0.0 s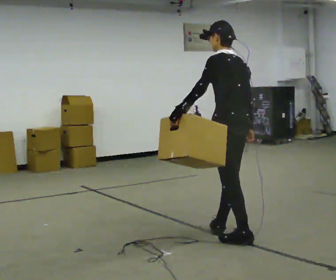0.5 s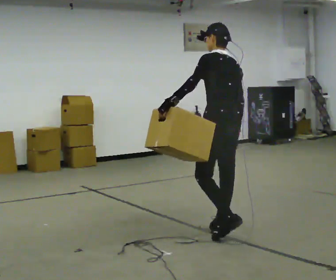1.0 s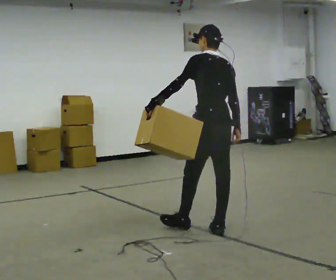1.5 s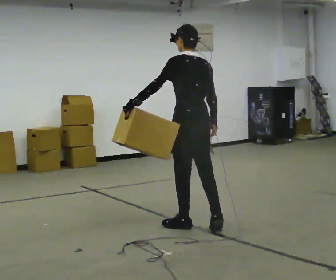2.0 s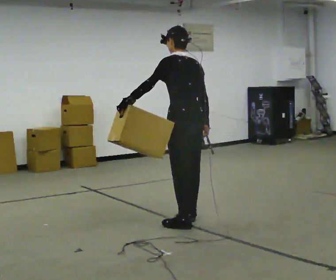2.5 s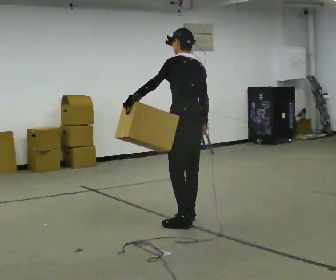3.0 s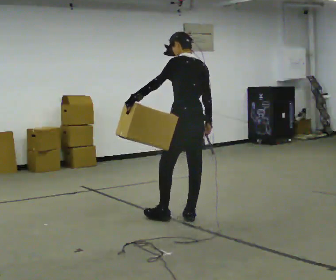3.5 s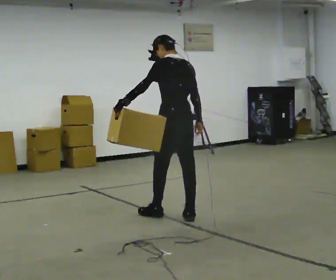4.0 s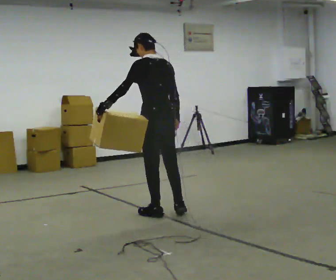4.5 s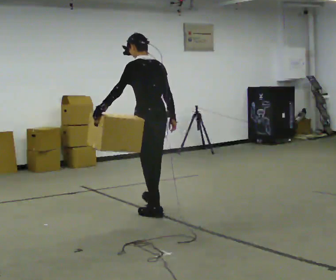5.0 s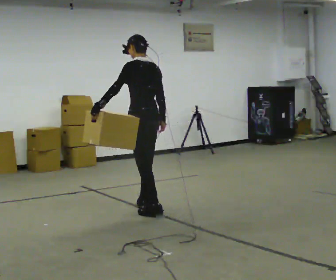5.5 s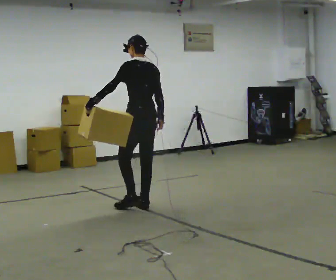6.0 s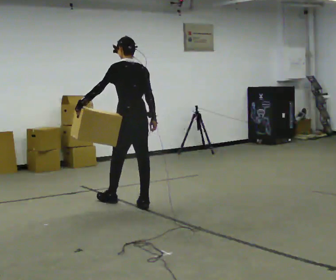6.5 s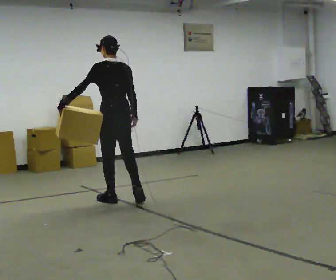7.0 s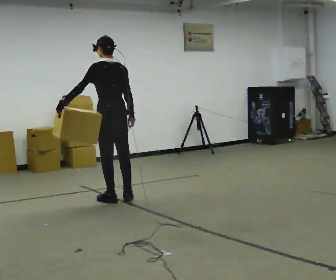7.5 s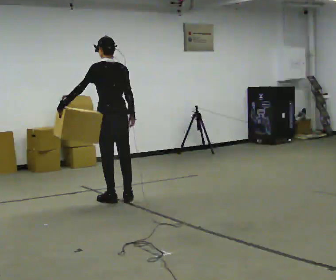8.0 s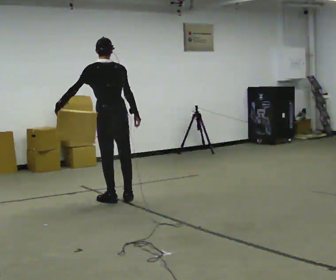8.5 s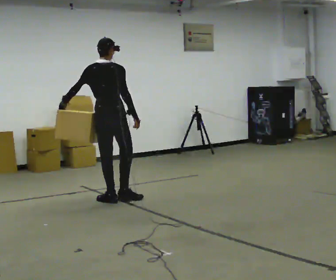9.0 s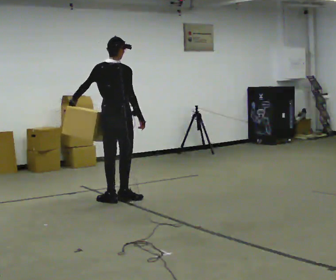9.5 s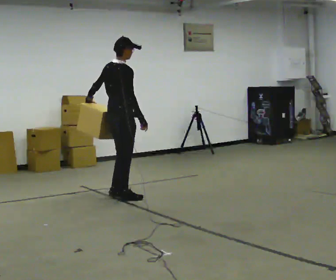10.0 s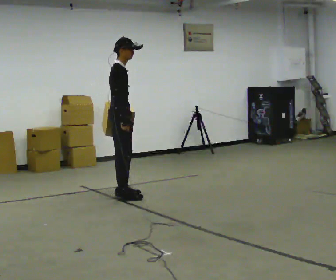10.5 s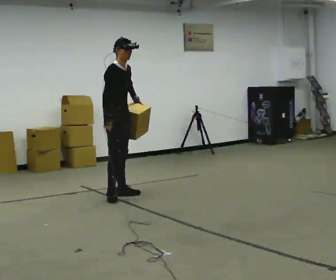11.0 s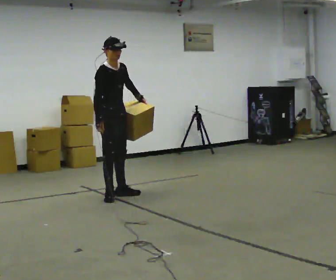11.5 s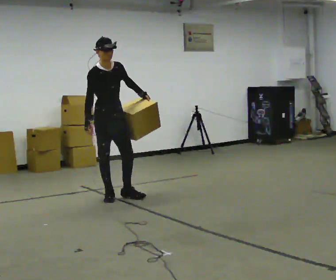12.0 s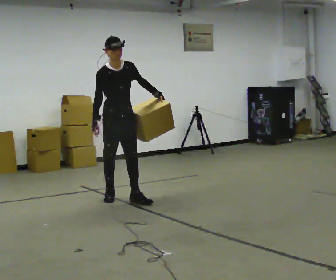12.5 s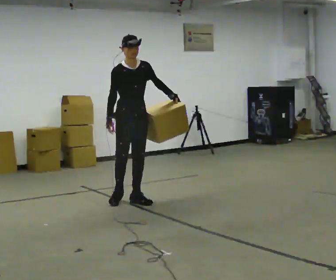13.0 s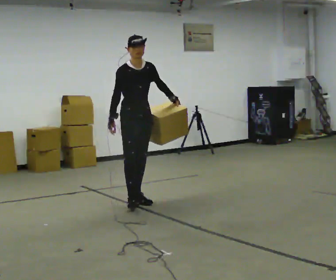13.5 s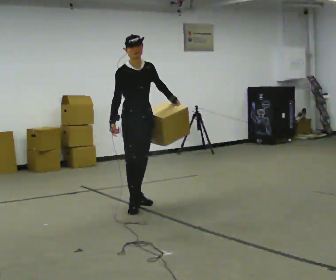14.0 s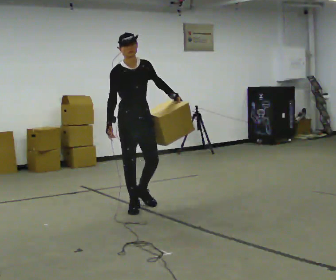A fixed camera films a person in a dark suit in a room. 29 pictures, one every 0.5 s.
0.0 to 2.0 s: In the picture they go away from the camera and to the left, about 0.5 m in 2 steps, which for them is forward.
2.0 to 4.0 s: In the picture they go away from the camera and to the left, about 0.5 m in 1 step, which for them is forward.
4.0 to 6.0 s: In the picture they go away from the camera and to the left, about 0.5 m in 2 steps, which for them is forward.
6.0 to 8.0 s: In the picture they go to the left and away from the camera, about 0.25 m in 1 step, which for them is forward.
8.0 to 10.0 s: Seen from above the body turns clockwise, about 90 degrees: to their right, with its near side sliding to the left. In the picture they go away from the camera, about 0.25 m in 1 step. In the picture their left hand goes to the right, the arm swinging counterclockwise.
10.0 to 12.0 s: Seen from above the body turns clockwise, about 60 degrees: to their right, with its near side sliding to the left. In the picture they go toward the camera, about 0.25 m in 1 step. In the picture their left hand goes to the right, the arm swinging counterclockwise.
12.0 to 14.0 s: In the picture they go toward the camera, about 0.5 m in 1 step, which for them is forward.
The film runs forward here.
